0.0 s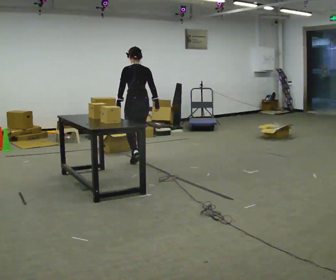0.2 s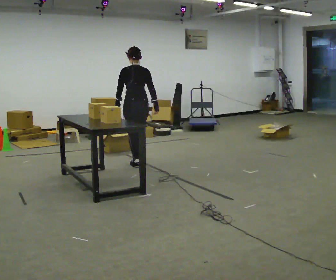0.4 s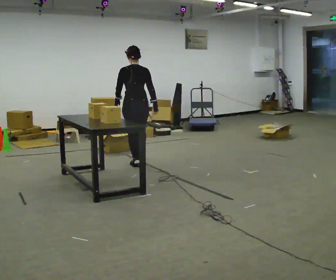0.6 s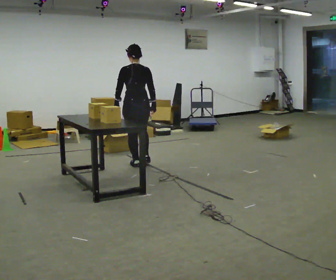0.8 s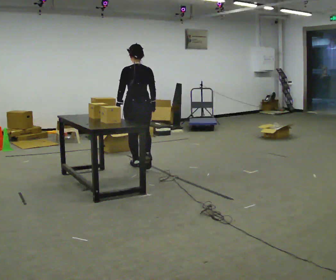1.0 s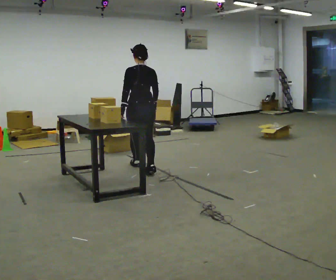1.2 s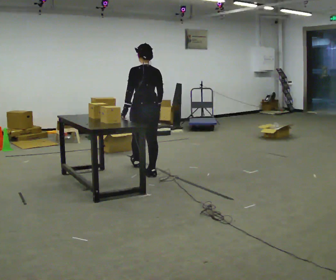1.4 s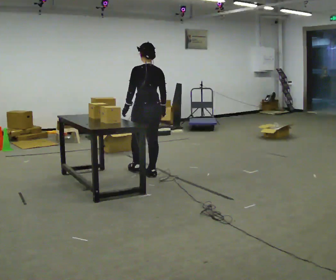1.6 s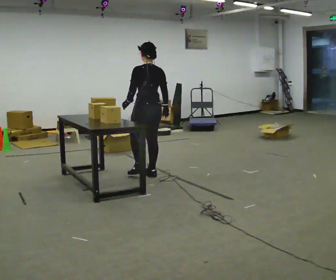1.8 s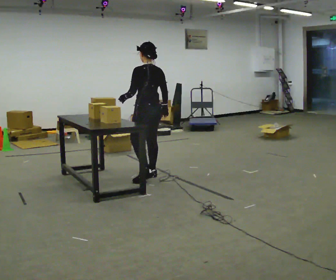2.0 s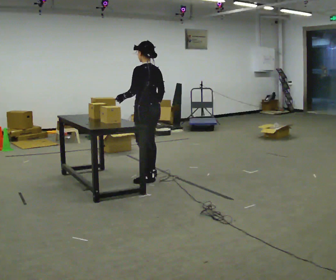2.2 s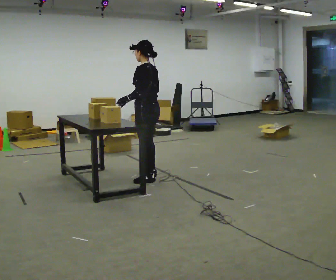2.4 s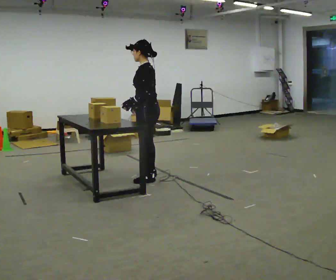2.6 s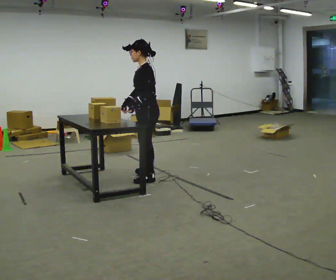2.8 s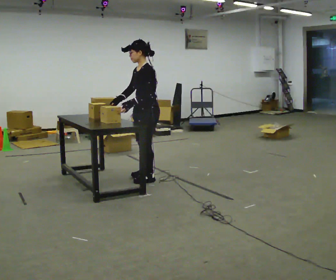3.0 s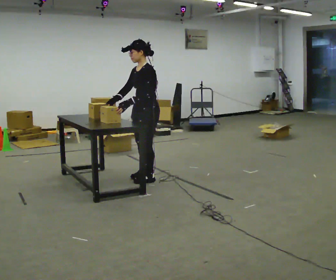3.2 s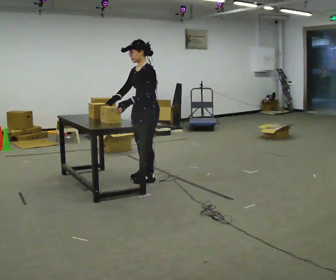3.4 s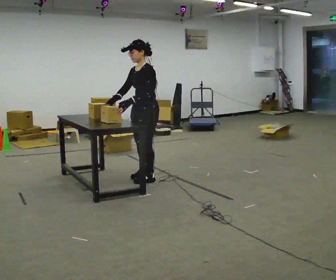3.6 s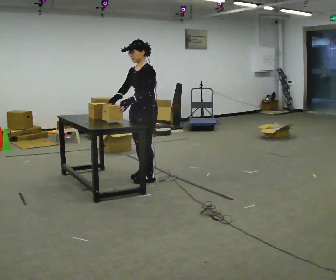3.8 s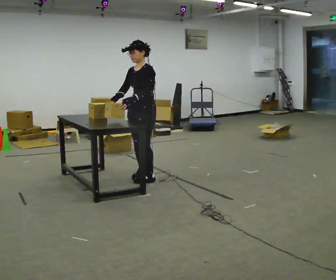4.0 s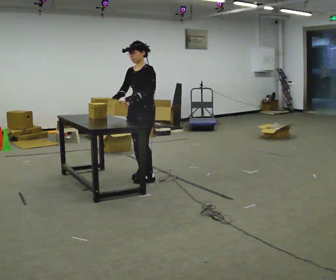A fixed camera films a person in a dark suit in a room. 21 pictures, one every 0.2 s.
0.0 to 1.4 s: In the picture they go toward the camera, about 0.5 m in 2 steps, which for them is backward.
1.4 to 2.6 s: Seen from above the body turns counterclockwise, about 75 degrees: to their left, with its near side sliding to the right. In the picture they go toward the camera, about 0.25 m.
2.6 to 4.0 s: Seen from above the body turns counterclockwise, about 45 degrees: to their left, with its near side sliding to the right.
The film runs backward here.
